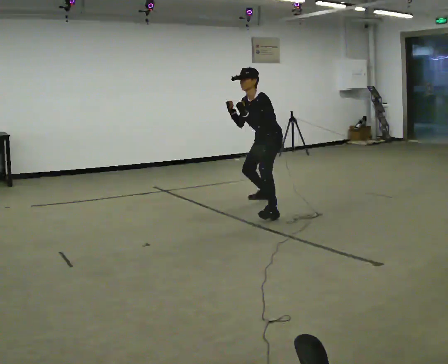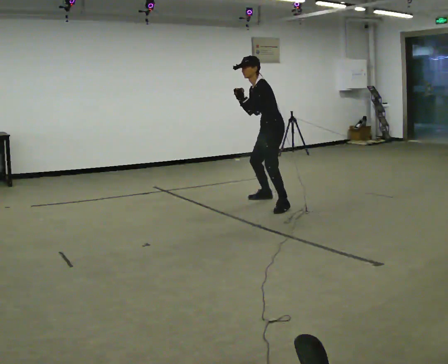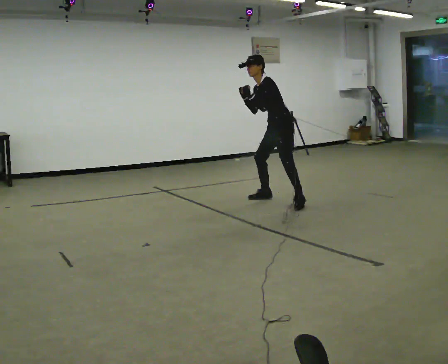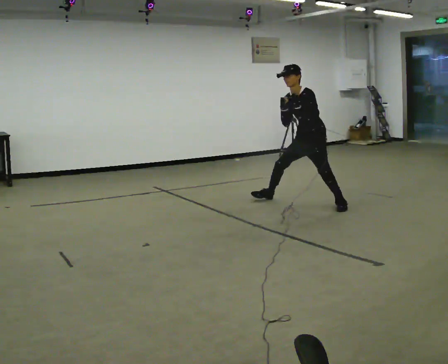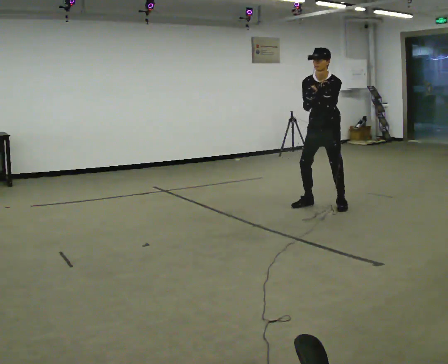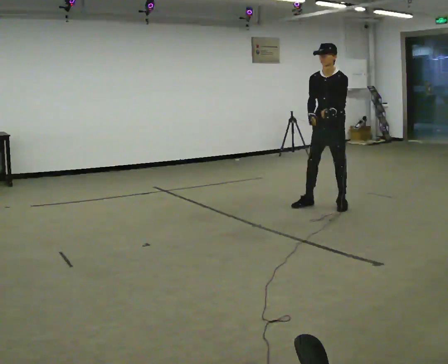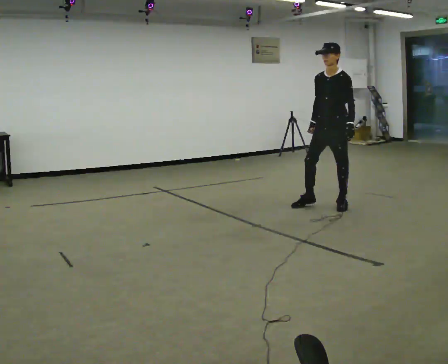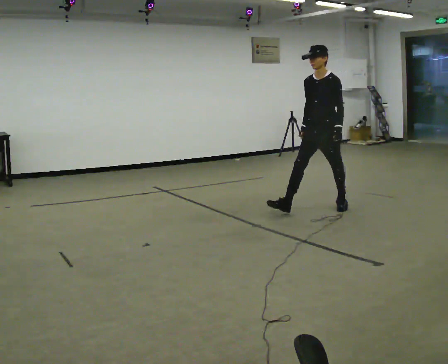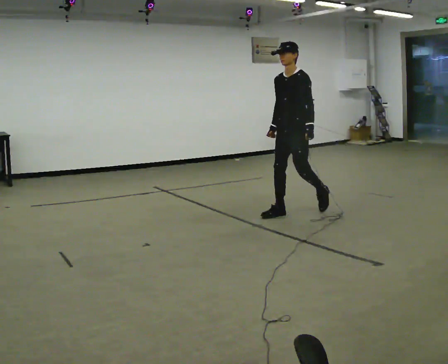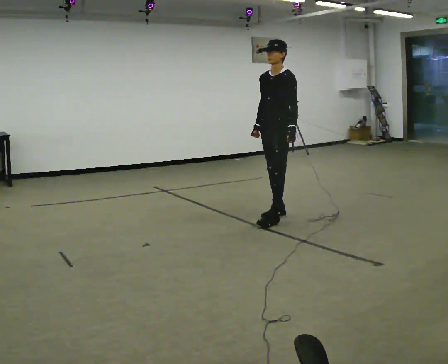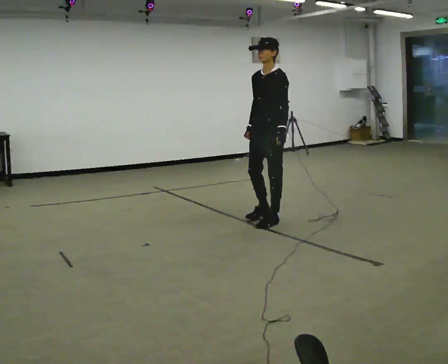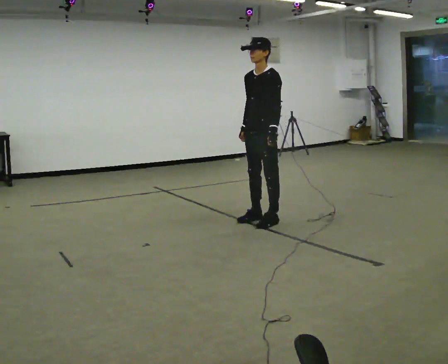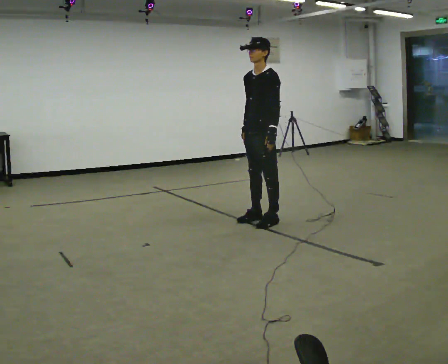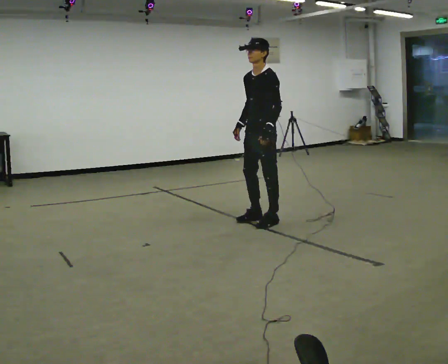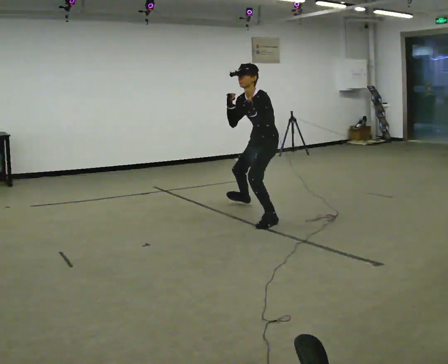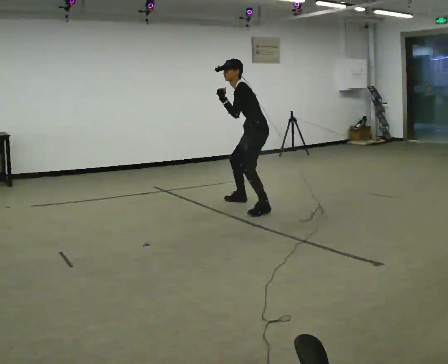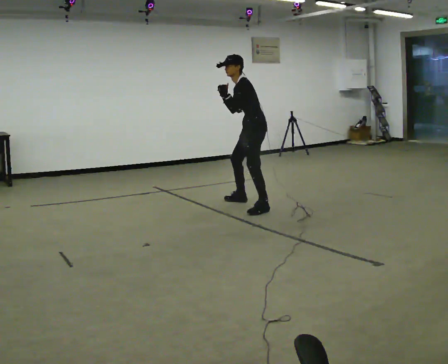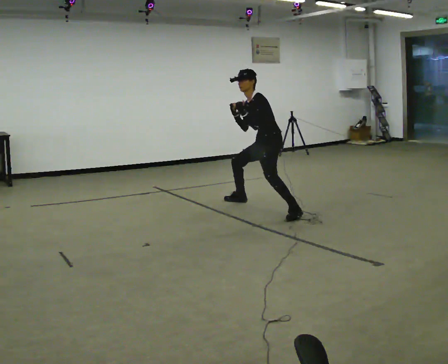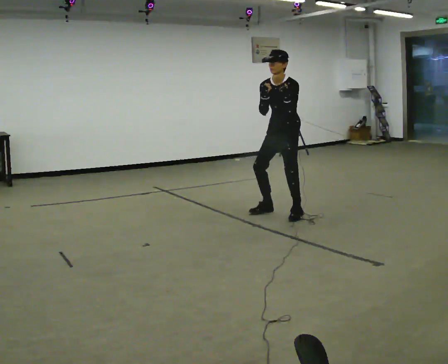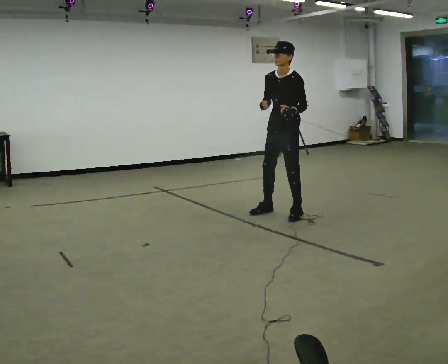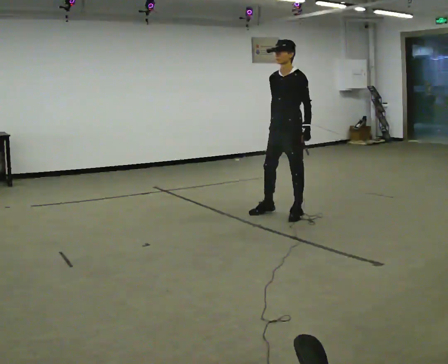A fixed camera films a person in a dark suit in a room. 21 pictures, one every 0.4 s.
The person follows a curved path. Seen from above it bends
clockwise.
0.0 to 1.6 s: The part of the body nearest the lens slides to the right as the person turns to their left by about 30 degrees. In the picture they go to the right, about 0.5 m in 3 steps, which for them is backward and to their left.
1.6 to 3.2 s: In the picture they go toward the camera and to the left, about 0.5 m in 1 step, which for them is forward. In the picture their right hand goes downward.
3.2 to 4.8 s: In the picture they go toward the camera and to the left, about 0.5 m in 2 steps, which for them is forward.
4.8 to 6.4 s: The person turns about 30 degrees to their right, clockwise seen from above, so the part of the body nearest the lens slides to the left. In the picture they go away from the camera, about 0.5 m in 2 steps, which for them is to their right and backward. In the picture the upper body tilts counterclockwise, shoulders to the left, as they bend forward. In the picture their right hand goes upward.
6.4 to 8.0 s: The person turns about 30 degrees to their left, counterclockwise seen from above, so the part of the body nearest the lens slides to the right. In the picture they go toward the camera and to the right, about 0.75 m in 2 steps, which for them is to their left and forward. In the picture the upper body tilts clockwise, shoulders to the right, as they lean back or straighten. In the picture their left hand goes downward.
The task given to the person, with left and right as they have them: Move as if avoiding punches: slip your head side to side, duck, and raise your guard. Repeat the movement at your own pace until the operator says stop; do not rush.
The film runs forward here.
